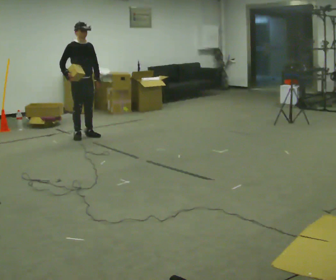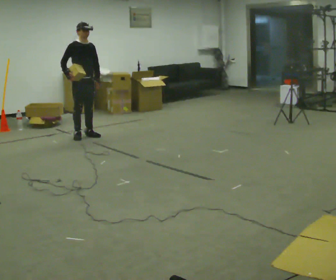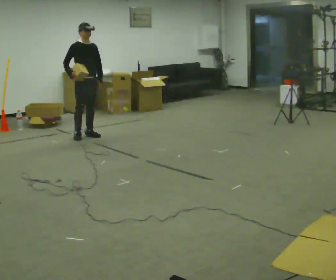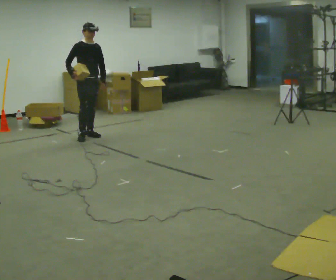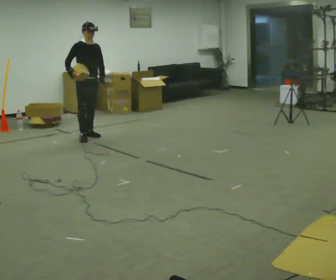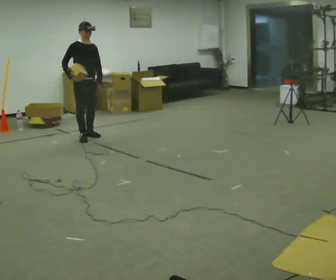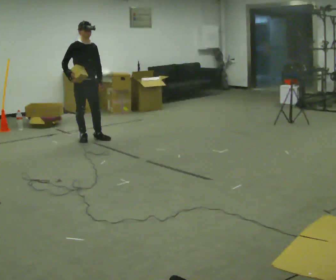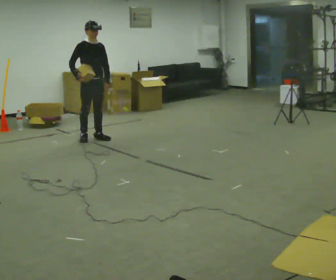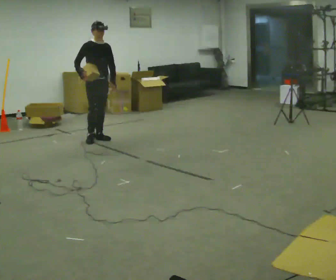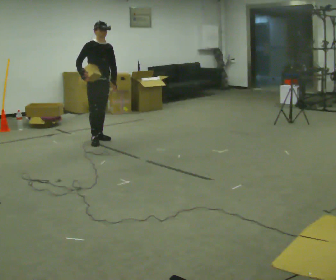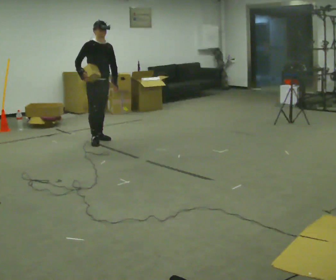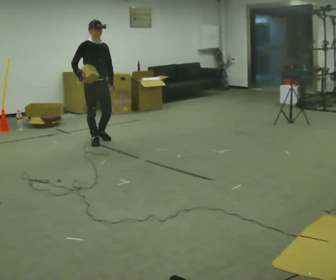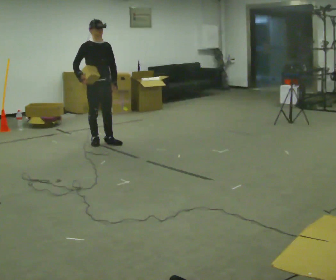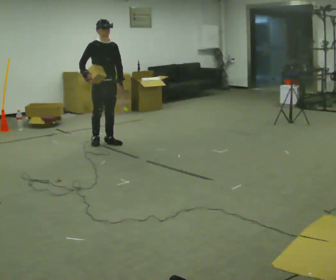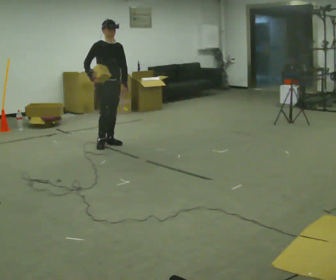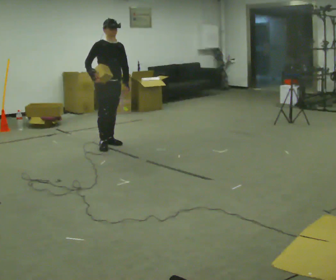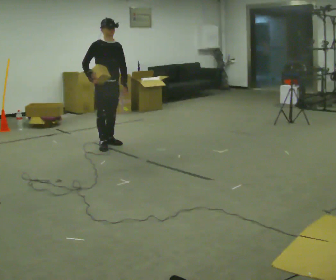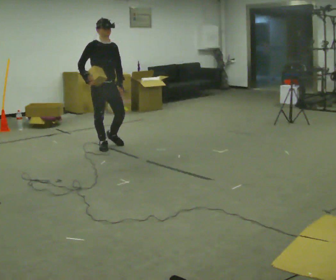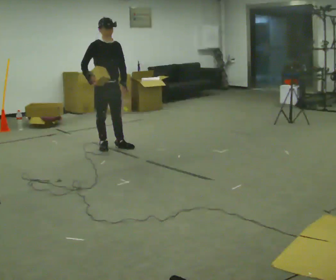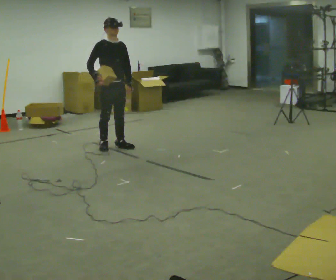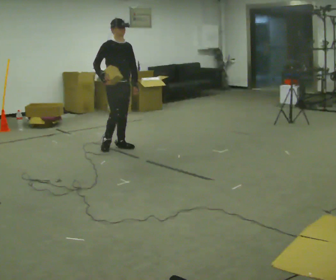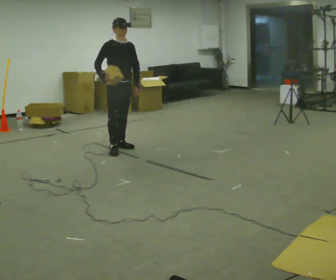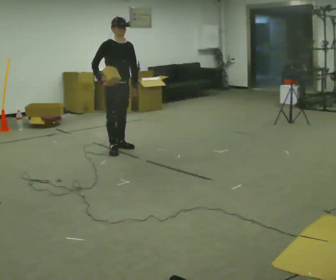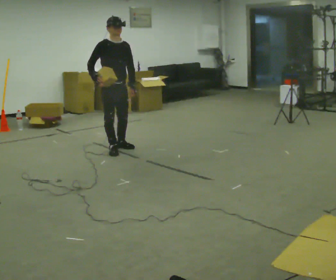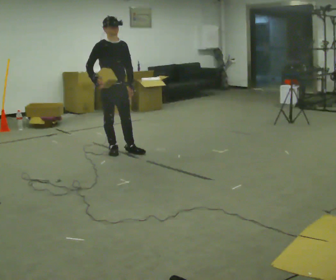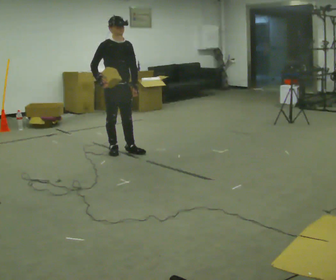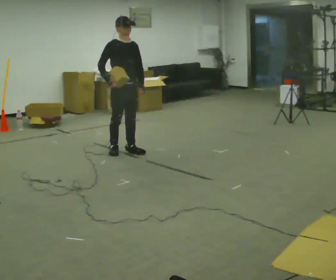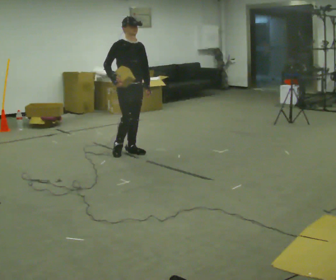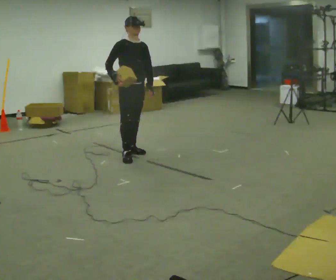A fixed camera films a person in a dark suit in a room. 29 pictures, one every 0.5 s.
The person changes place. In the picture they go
toward the camera.
0.0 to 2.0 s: The person moves a little, or ends about where they began.
2.0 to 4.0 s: In the picture they go to the right, about 0.25 m in 1 step, which for them is forward.
4.0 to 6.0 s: In the picture they go toward the camera, about 0.25 m in 2 steps, which for them is forward.
6.0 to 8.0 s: In the picture they go toward the camera, about 0.25 m in 1 step, which for them is forward.
8.0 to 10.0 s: The person moves a little, or ends about where they began.
10.0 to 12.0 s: In the picture they go toward the camera, about 0.25 m in 2 steps, which for them is forward and to their right.
12.0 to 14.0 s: In the picture they go to the right, about 0.25 m in 1 step, which for them is forward and to their left.
The film runs forward here.
